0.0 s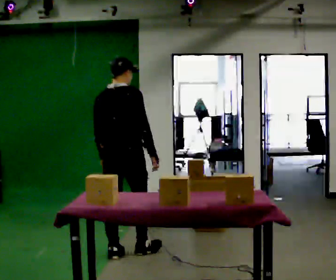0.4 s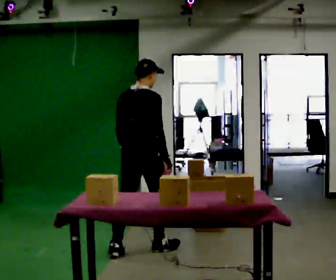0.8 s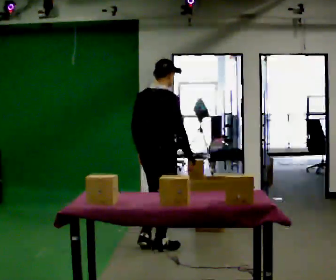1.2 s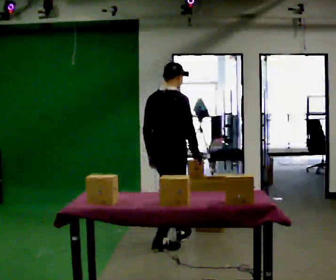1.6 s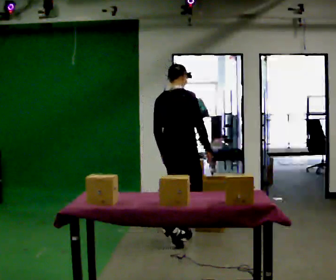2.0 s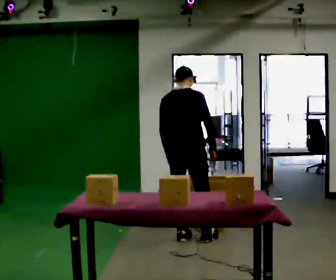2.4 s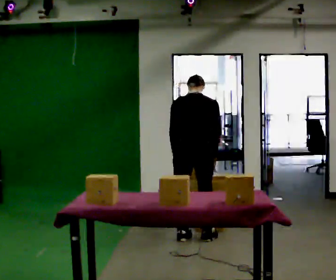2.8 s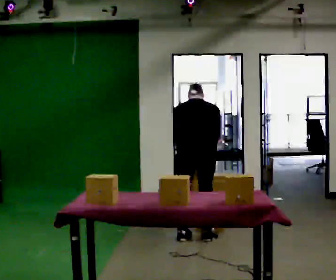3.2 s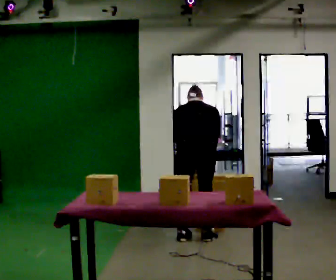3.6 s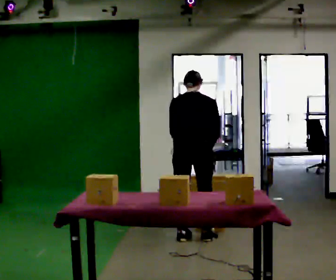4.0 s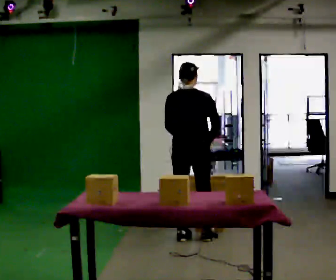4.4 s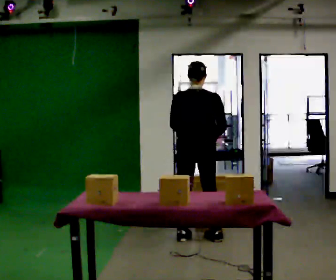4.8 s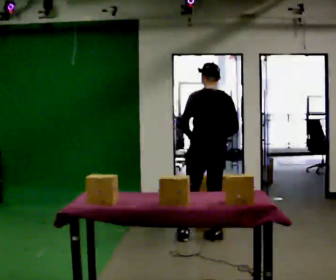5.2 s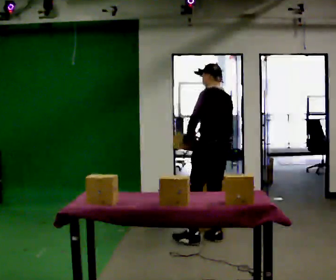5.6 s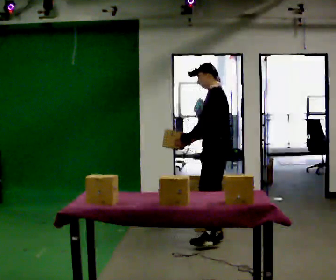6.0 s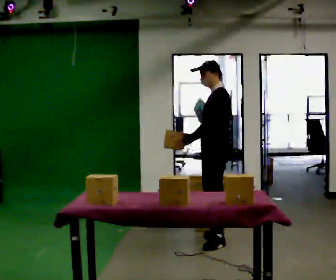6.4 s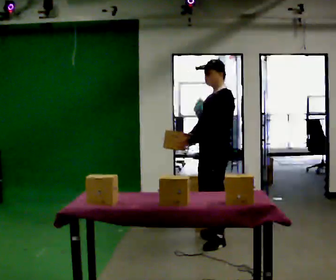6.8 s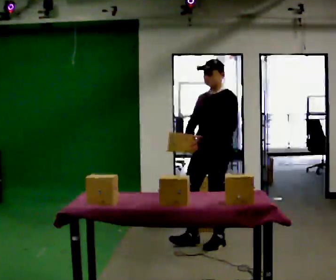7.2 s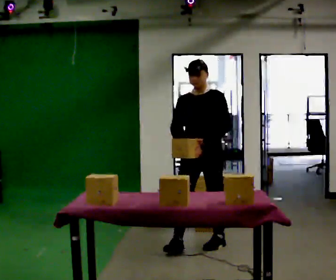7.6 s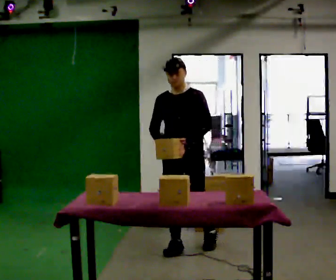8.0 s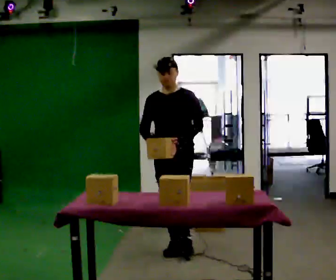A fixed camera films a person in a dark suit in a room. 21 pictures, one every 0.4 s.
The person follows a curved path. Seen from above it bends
clockwise.
0.0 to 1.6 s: In the picture they go away from the camera and to the right, about 0.5 m in 2 steps, which for them is forward.
1.6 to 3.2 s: The part of the body nearest the lens slides to the right as the person turns to their left by about 45 degrees. In the picture they go to the right, about 0.25 m in 1 step, which for them is to their right. The upper body tips away from the camera, its near side rolling upward, as they bend forward.
3.2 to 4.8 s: The upper body tips toward the camera, its near side rolling downward, as they lean back or straighten.
4.8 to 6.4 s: Seen from above the body turns counterclockwise, about 90 degrees: to their left, with its near side sliding to the right. In the picture they go toward the camera, about 0.25 m in 1 step.
6.4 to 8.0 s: Seen from above the body turns counterclockwise, about 60 degrees: to their left, with its near side sliding to the right. In the picture they go to the left and toward the camera, about 0.5 m in 1 step, which for them is forward and to their right.
The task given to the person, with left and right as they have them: Take the objects the operator names off the crowded shelf, one at a time, and carry each one to the table. You will have to move other things out of the way to reach them. Keep going until the operator says stop; one object at a time, and do not rush between trips.
The film runs forward here.
